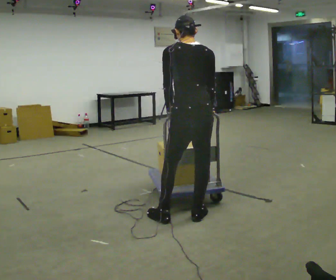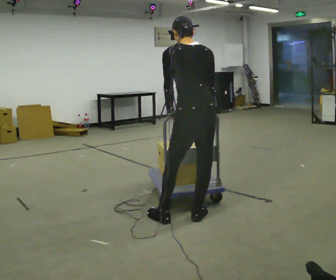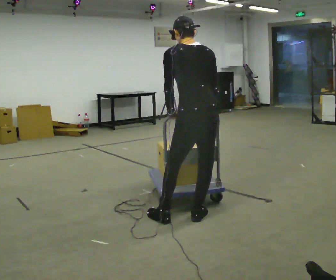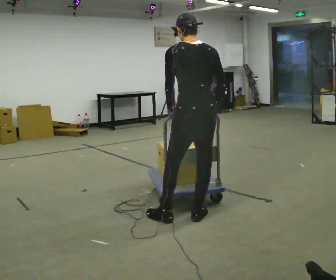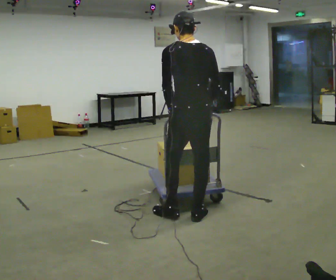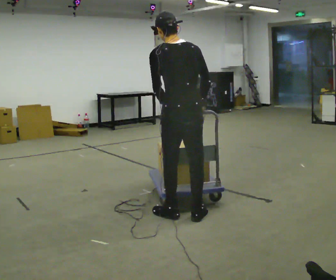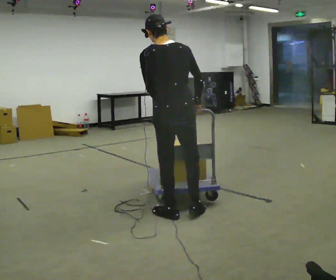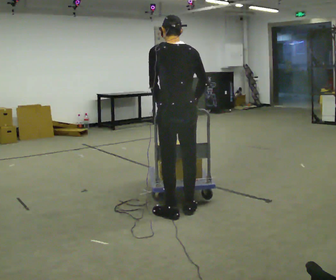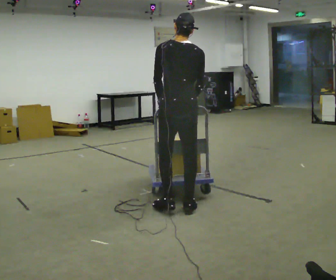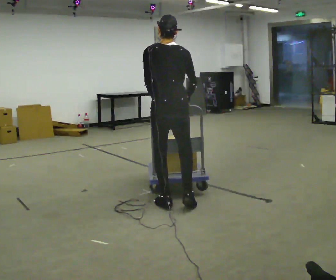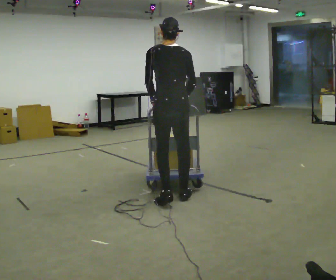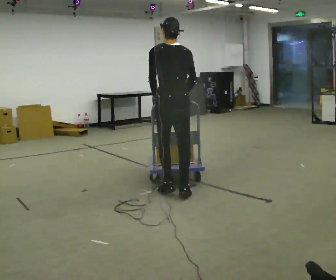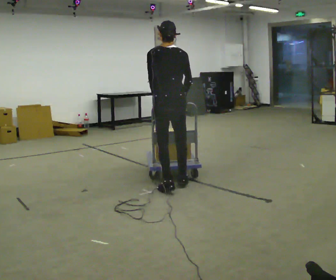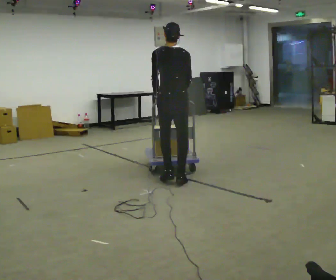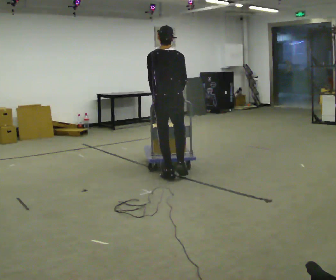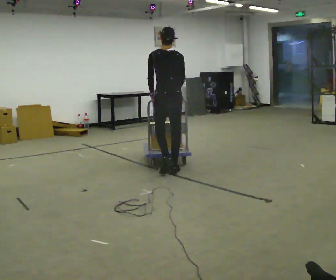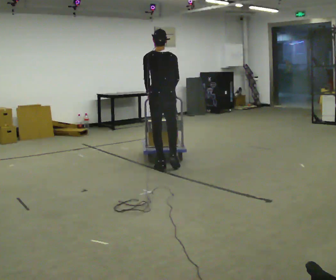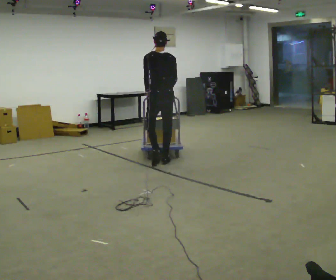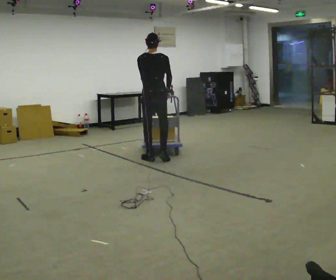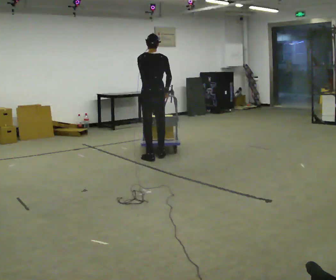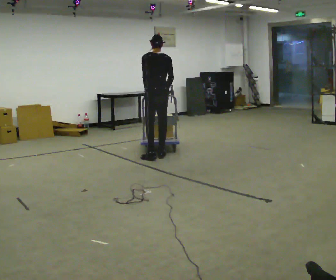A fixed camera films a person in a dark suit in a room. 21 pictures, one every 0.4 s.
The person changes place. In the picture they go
away from the camera.
0.0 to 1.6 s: The person moves a little, or ends about where they began.
1.6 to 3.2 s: In the picture they go away from the camera, about 0.25 m, which for them is forward.
3.2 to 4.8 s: In the picture they go away from the camera, about 0.5 m in 3 steps, which for them is forward.
4.8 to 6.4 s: In the picture they go away from the camera, about 1 m in 4 steps, which for them is forward.
6.4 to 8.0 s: In the picture they go away from the camera, about 0.5 m in 3 steps, which for them is forward.
The film runs forward here.
